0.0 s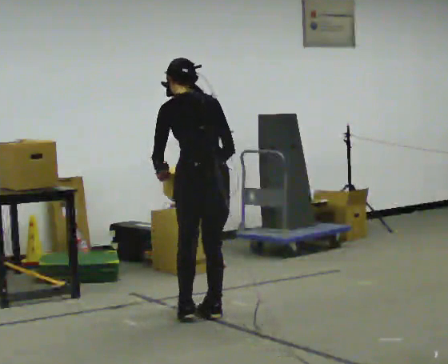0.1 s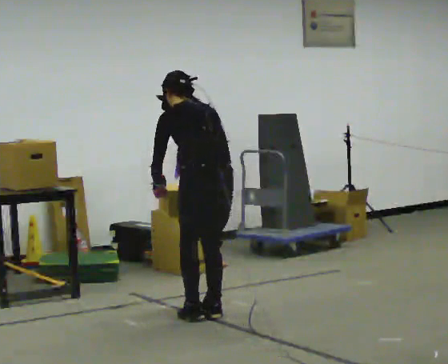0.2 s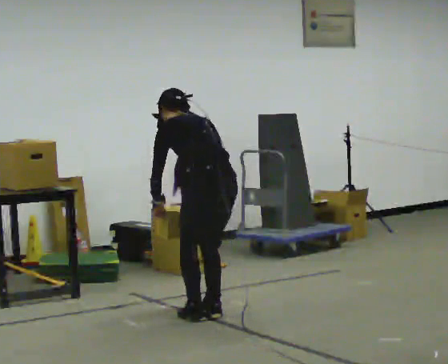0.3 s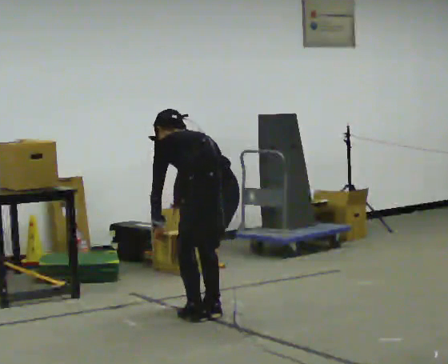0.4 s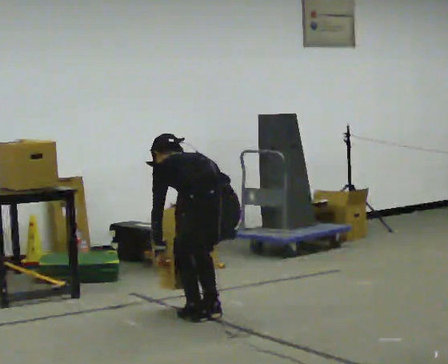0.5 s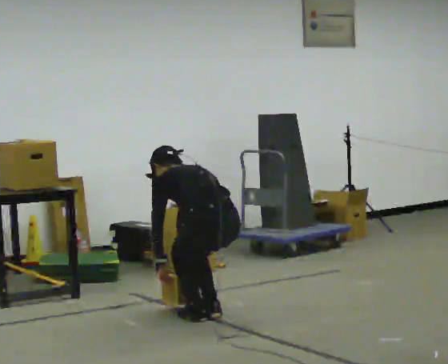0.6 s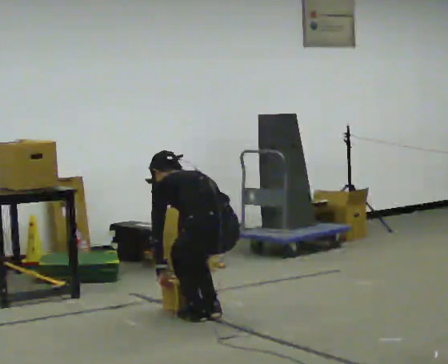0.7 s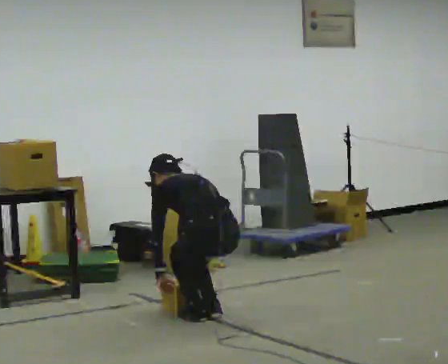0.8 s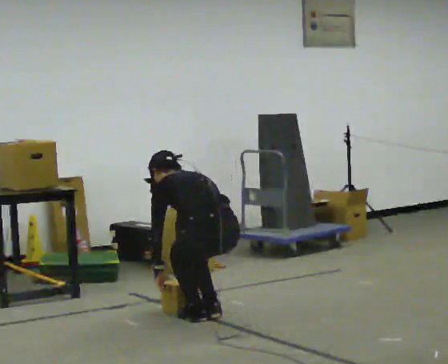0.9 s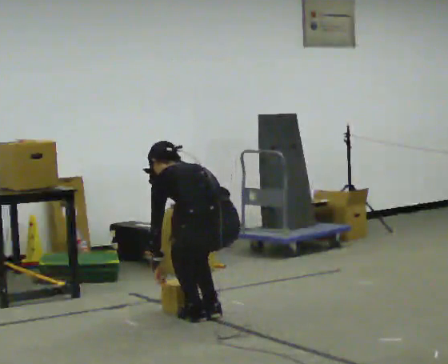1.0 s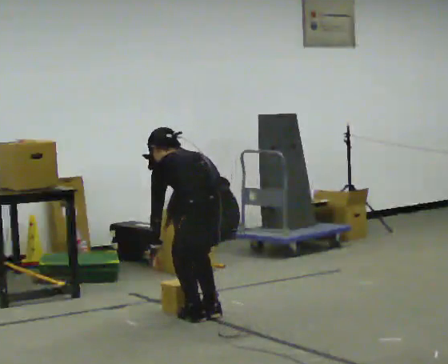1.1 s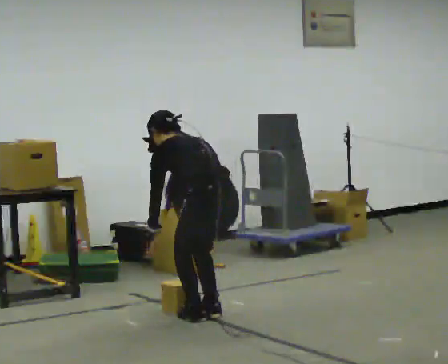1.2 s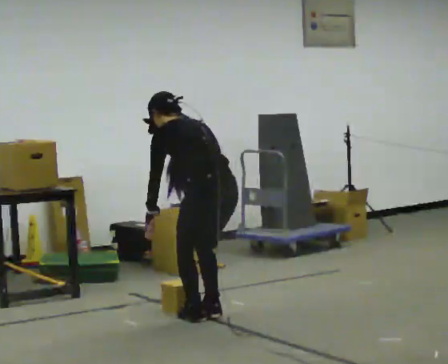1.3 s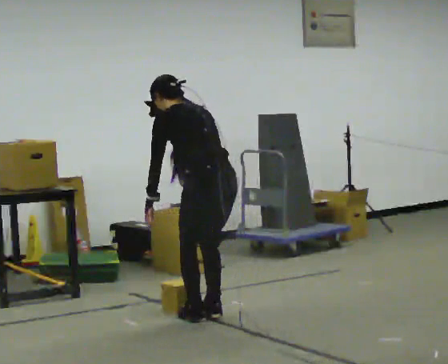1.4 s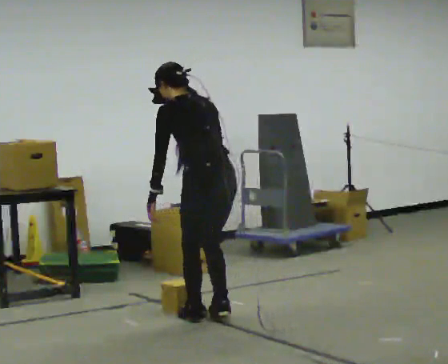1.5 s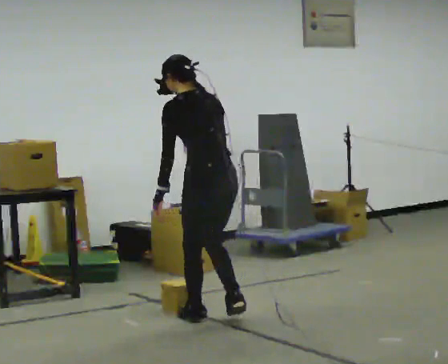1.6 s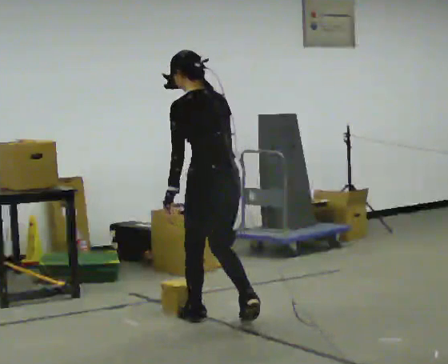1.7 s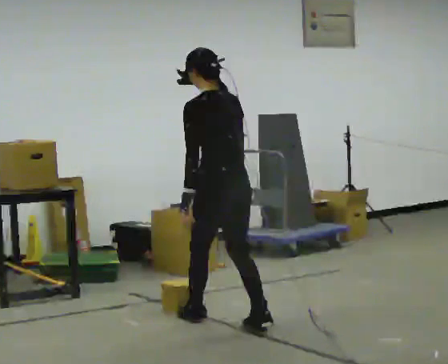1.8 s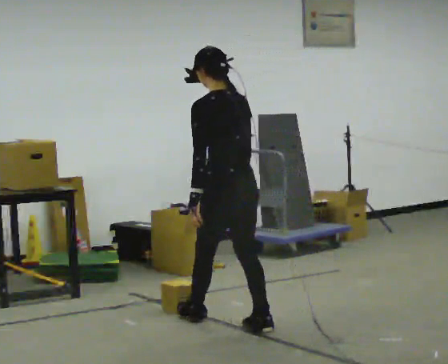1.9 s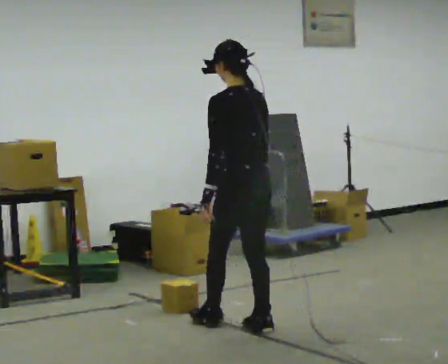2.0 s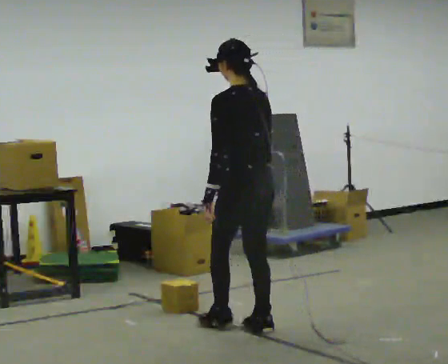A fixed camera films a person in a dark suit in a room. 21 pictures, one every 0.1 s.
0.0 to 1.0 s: The upper body tips away from the camera, its near side rolling upward, as they bend forward. In the picture their left hand goes downward.
1.0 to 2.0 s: In the picture they go toward the camera and to the right, about 0.25 m in 2 steps, which for them is backward. The shoulders move upward. The upper body tips toward the camera, its near side rolling downward, as they lean back or straighten. In the picture their left hand goes upward.
The film runs backward here.
